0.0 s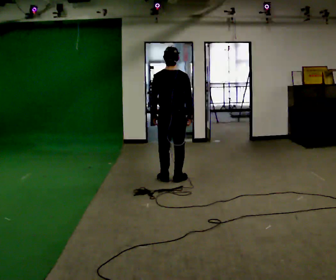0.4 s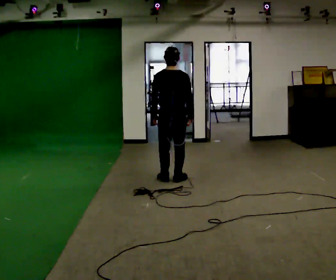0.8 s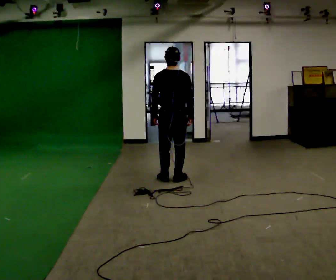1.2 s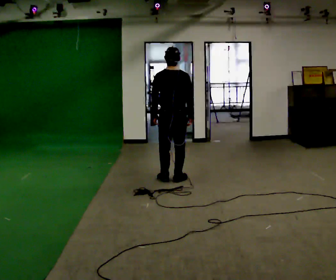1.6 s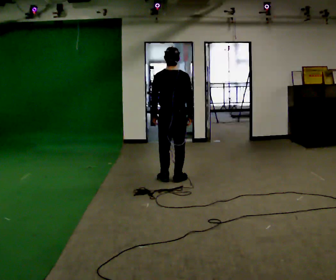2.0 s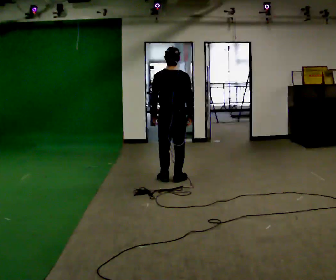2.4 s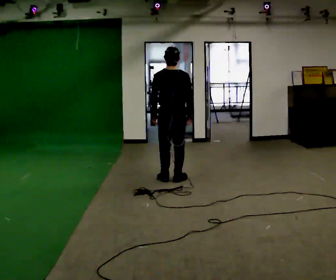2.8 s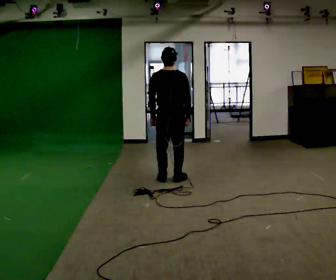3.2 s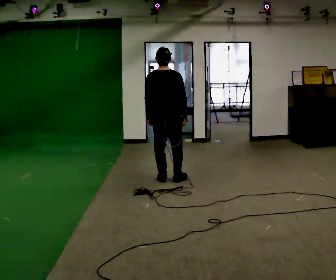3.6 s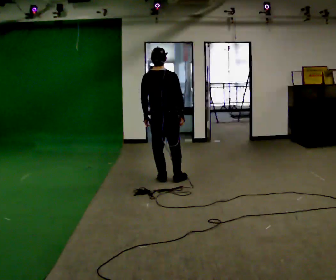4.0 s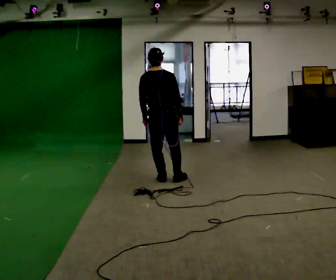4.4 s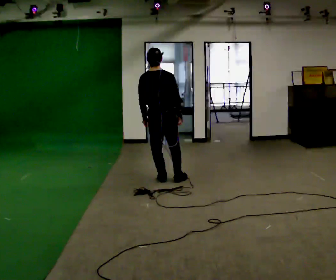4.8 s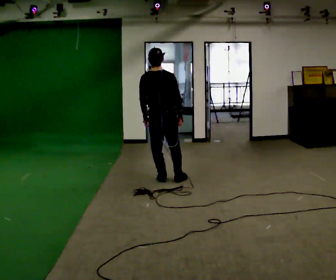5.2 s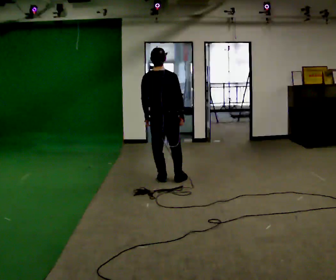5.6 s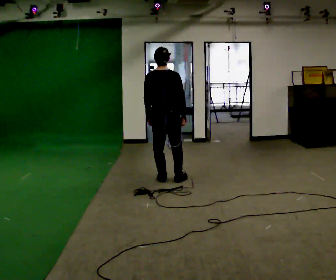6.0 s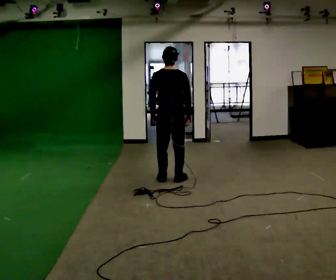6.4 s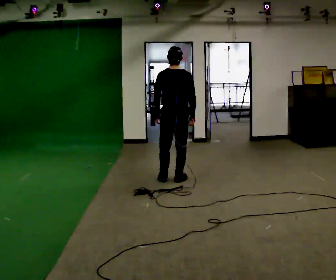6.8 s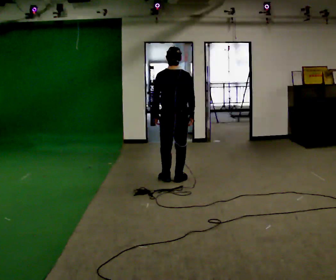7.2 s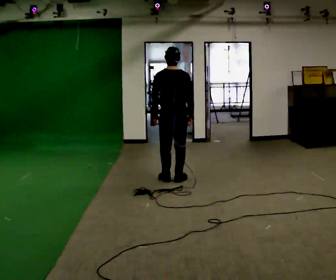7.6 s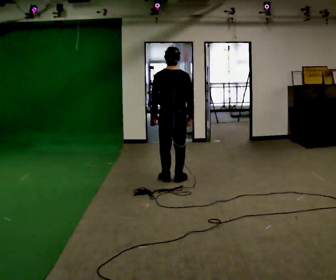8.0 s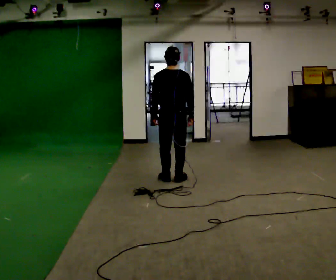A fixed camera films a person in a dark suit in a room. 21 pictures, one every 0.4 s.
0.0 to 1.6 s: The person keeps their place and pose.
1.6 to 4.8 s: The person moves a little, or ends about where they began.
4.8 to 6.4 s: In the picture they go to the right, about 0.25 m, which for them is to their right.
6.4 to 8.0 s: The person moves a little, or ends about where they began.
The film runs backward here.
